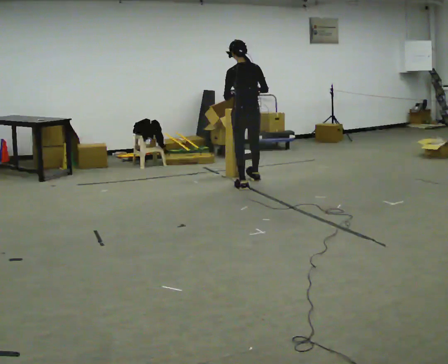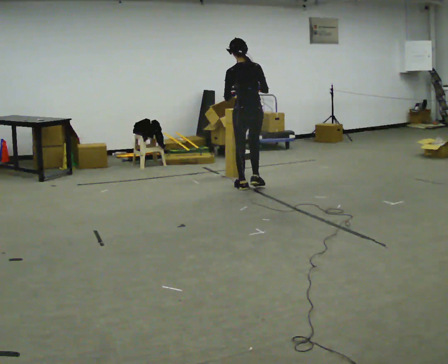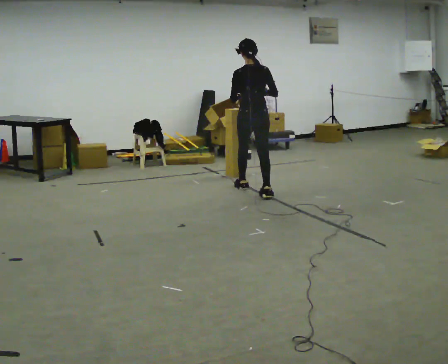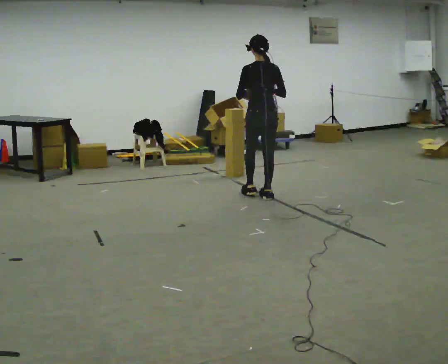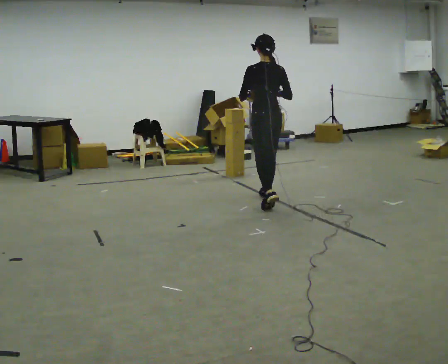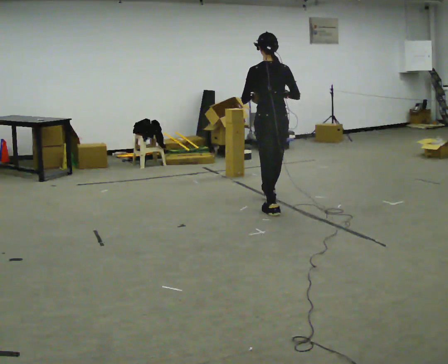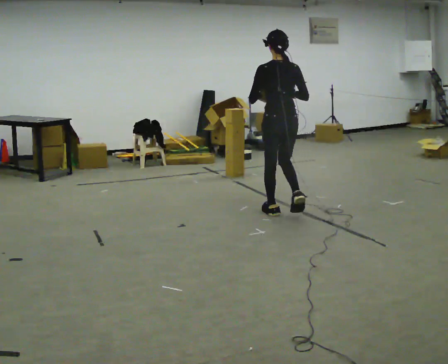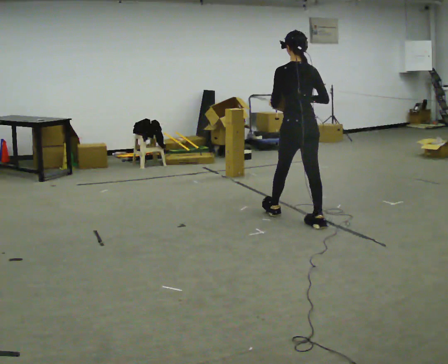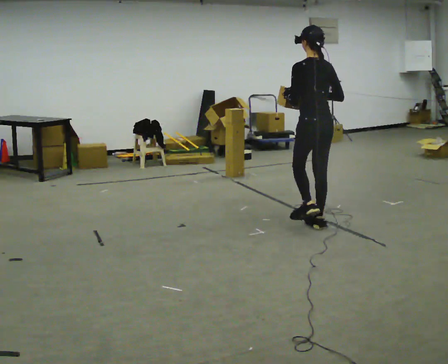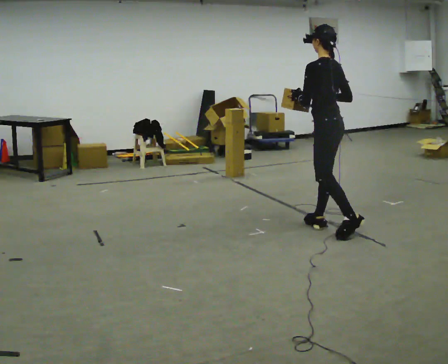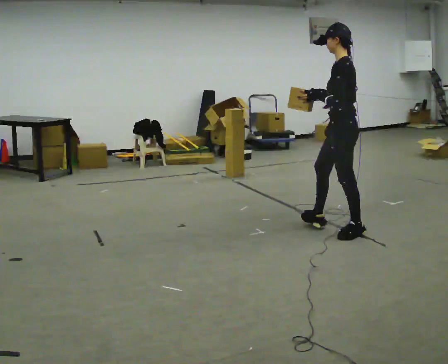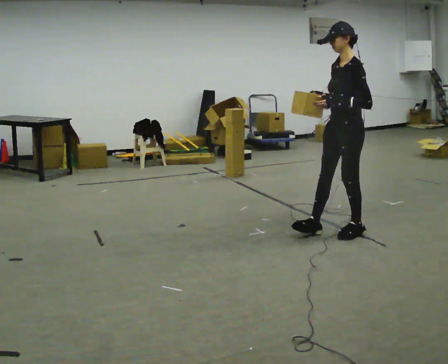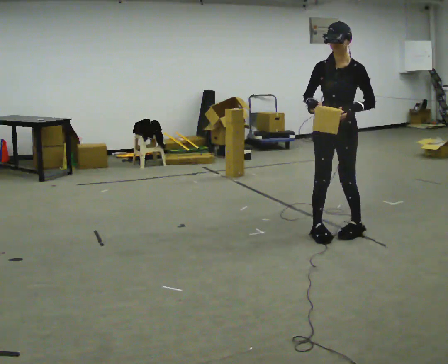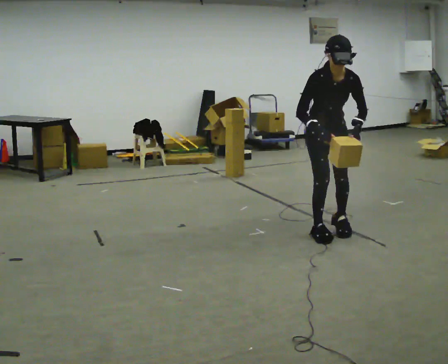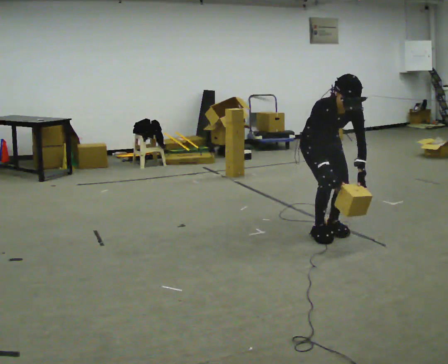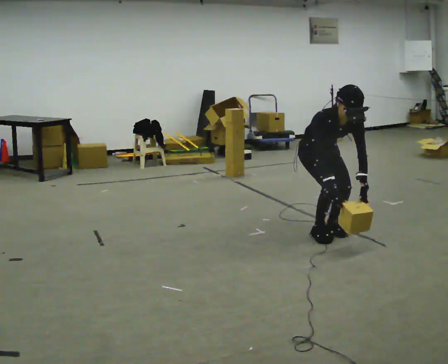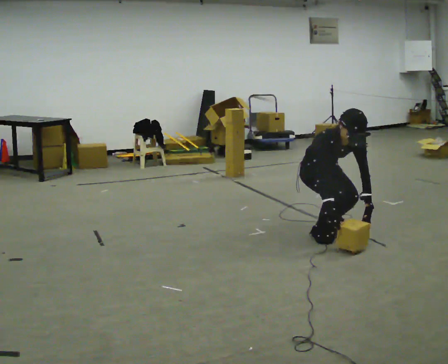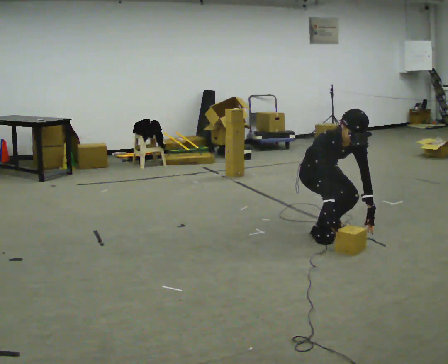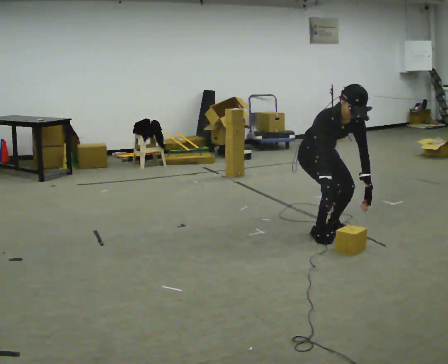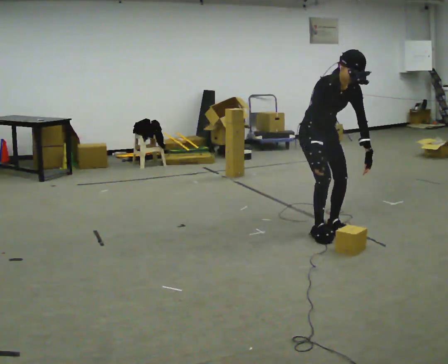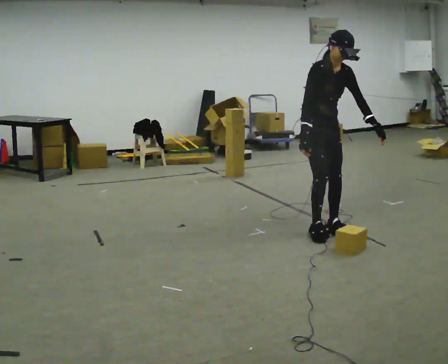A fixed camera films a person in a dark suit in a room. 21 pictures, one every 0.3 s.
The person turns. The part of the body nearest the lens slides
to the right.
The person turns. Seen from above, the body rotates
counterclockwise.
0.0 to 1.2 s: In the picture they go toward the camera and to the right, about 0.75 m in 1 step, which for them is backward.
1.2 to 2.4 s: In the picture they go toward the camera and to the right, about 1 m in 2 steps, which for them is backward.
2.4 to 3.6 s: The part of the body nearest the lens slides to the right as the person turns to their left by about 120 degrees. In the picture they go toward the camera and to the right, about 0.25 m in 1 step.
3.6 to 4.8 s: The part of the body nearest the lens slides to the right as the person turns to their left by about 45 degrees. In the picture they go to the left, about 0.25 m in 1 step, which for them is backward and to their right. The shoulders move downward. The upper body tips toward the camera, its near side rolling downward, as they bend forward. In the picture their right hand goes downward.
4.8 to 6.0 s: The shoulders move upward. The upper body tips away from the camera, its near side rolling upward, as they lean back or straighten. In the picture their left hand goes upward.
The film runs backward here.
